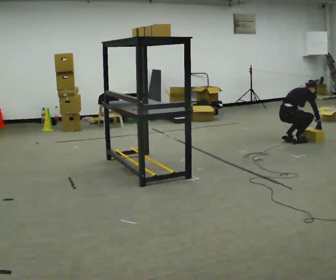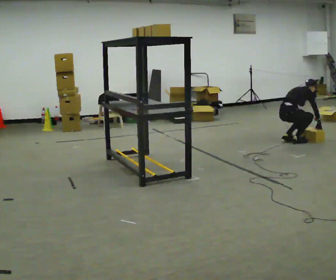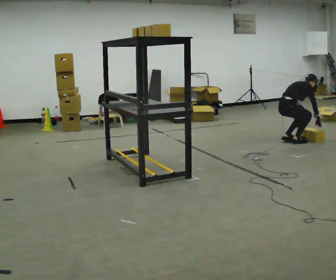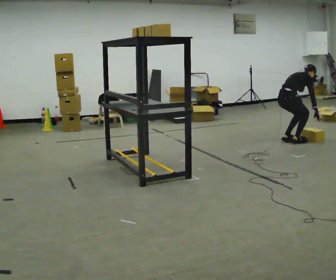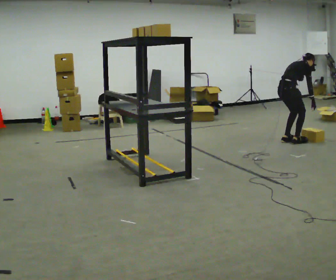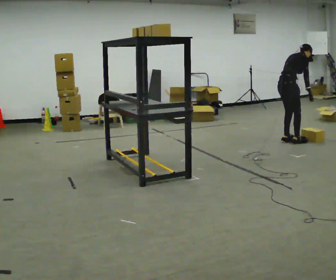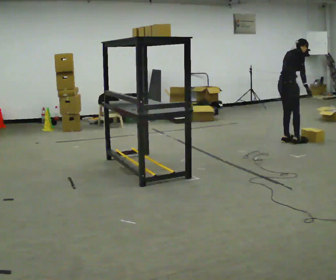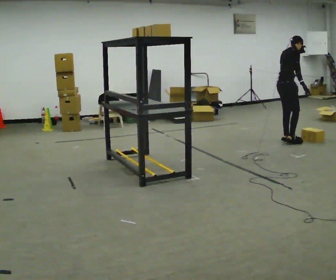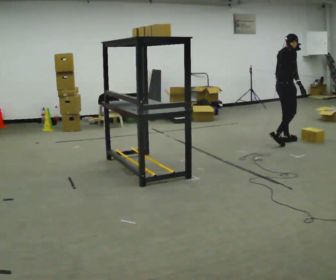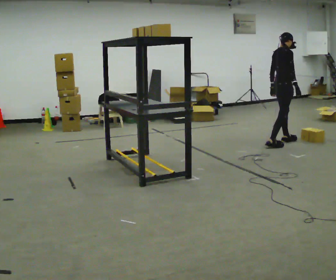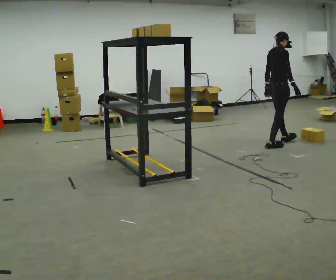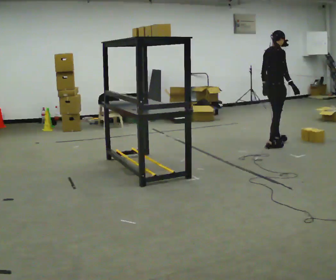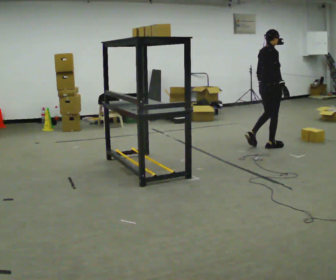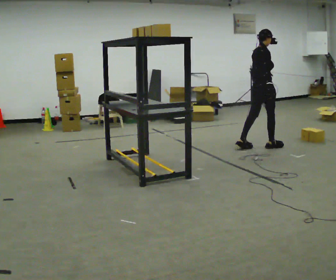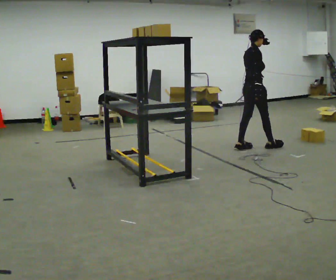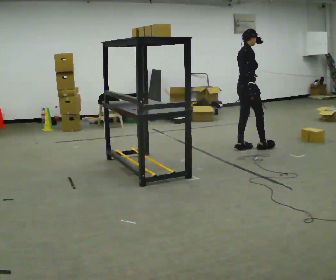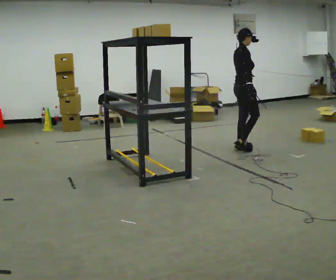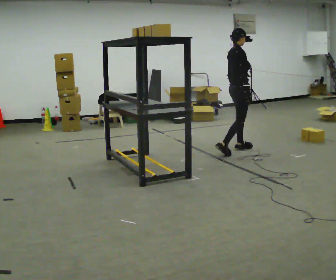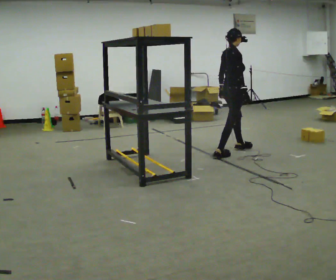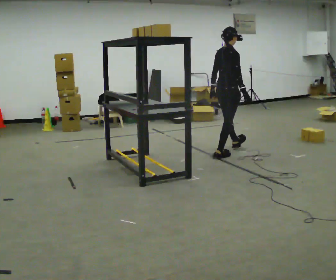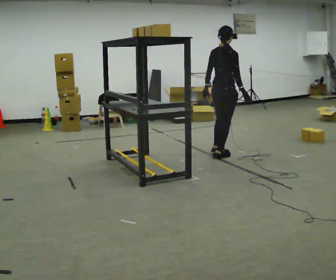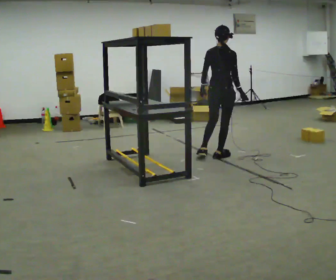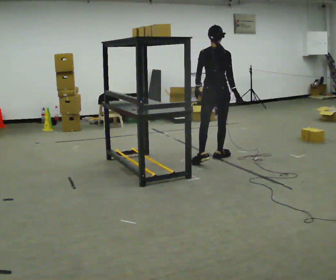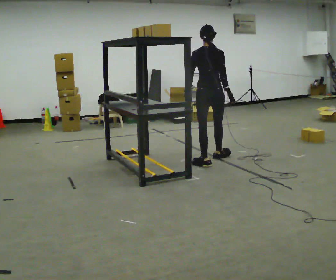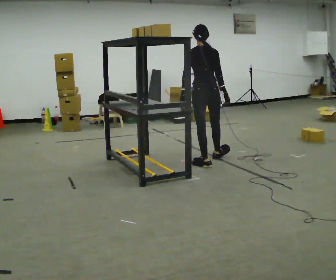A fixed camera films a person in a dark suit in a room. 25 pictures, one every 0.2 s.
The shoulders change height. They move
upward.
Their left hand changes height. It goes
upward.
0.0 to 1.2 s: The shoulders move upward. In the picture the upper body tilts counterclockwise, shoulders to the left, as they lean back or straighten. In the picture their right hand goes upward.
1.2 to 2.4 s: In the picture they go toward the camera and to the left, about 0.25 m in 2 steps, which for them is backward and to their right. In the picture the upper body tilts counterclockwise, shoulders to the left, as they lean back or straighten.
2.4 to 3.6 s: In the picture they go to the left and toward the camera, about 0.5 m in 1 step, which for them is backward.
3.6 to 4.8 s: The part of the body nearest the lens slides to the right as the person turns to their left by about 75 degrees. In the picture they go toward the camera and to the left, about 0.5 m in 1 step.
The film runs backward here.
